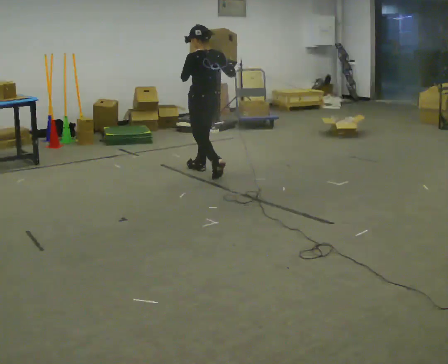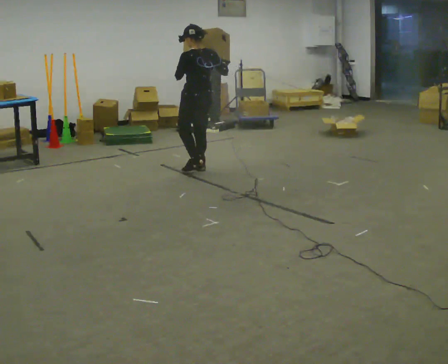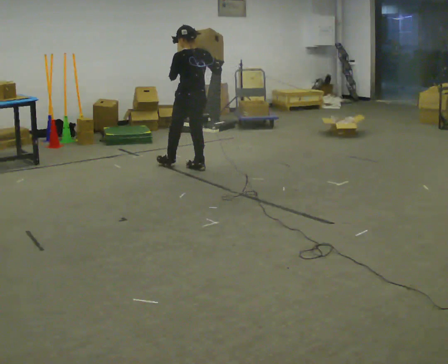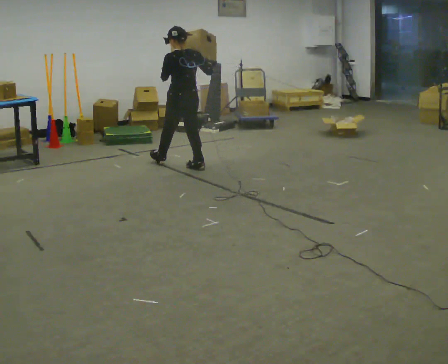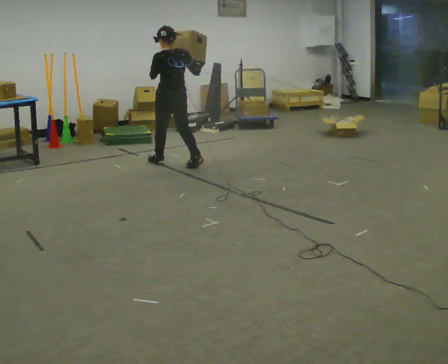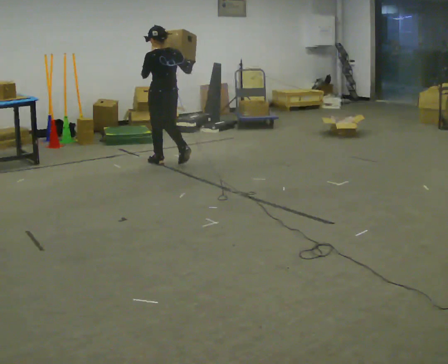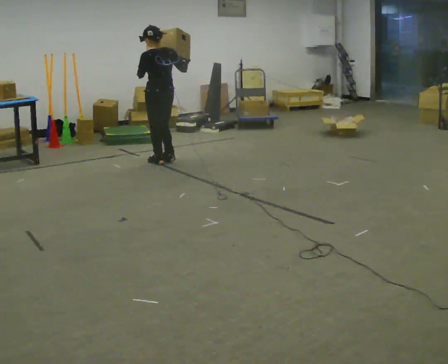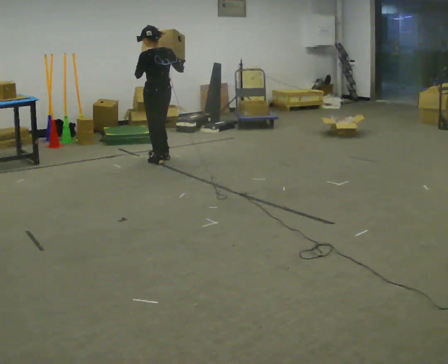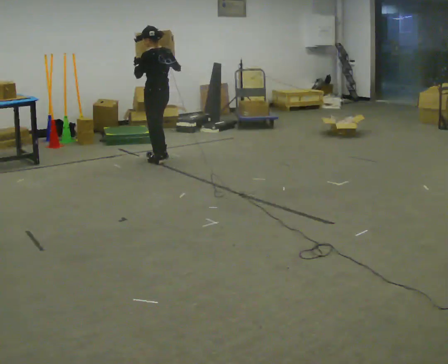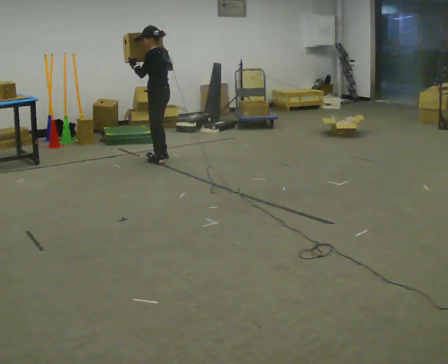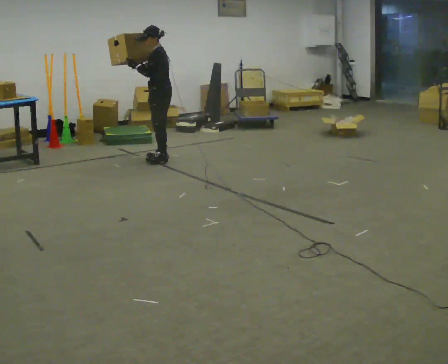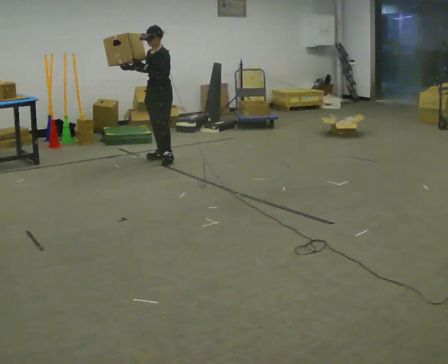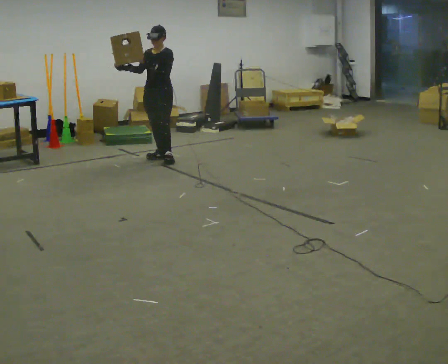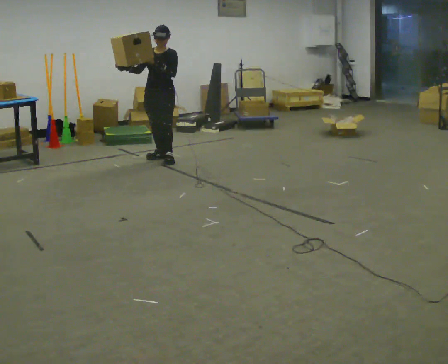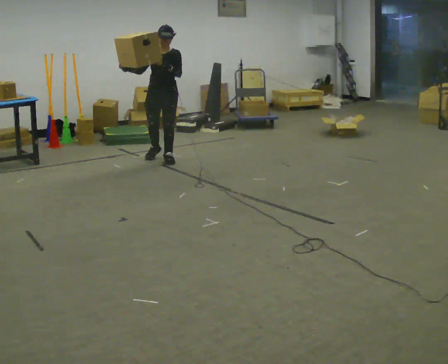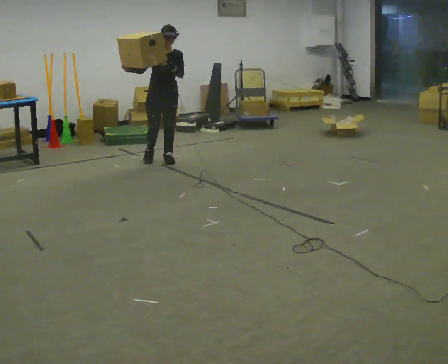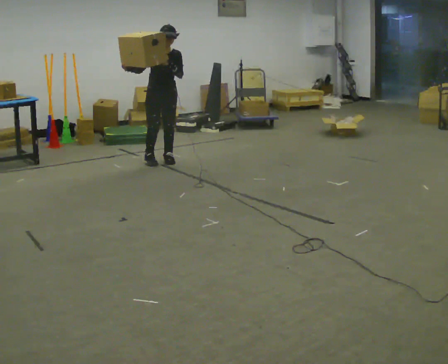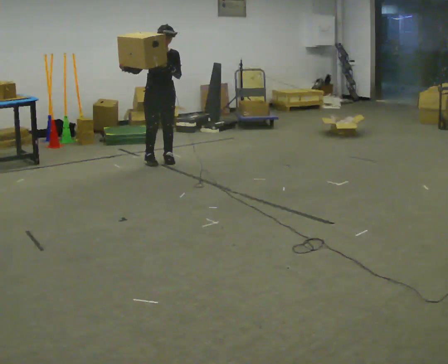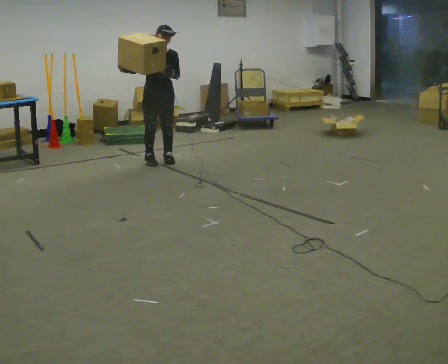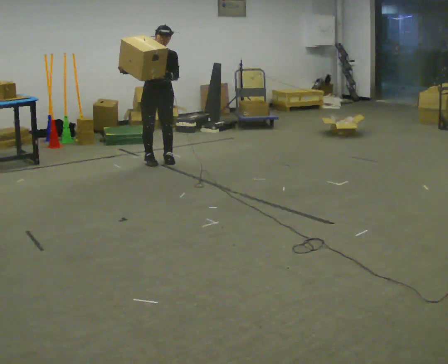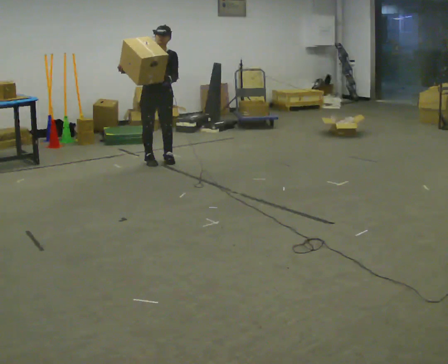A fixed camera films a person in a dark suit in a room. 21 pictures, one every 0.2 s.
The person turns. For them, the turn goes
to their left.
The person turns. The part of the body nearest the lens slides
to the right.
0.0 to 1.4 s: In the picture they go away from the camera and to the left, about 0.75 m in 1 step, which for them is forward.
1.4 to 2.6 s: Seen from above the body turns counterclockwise, about 135 degrees: to their left, with its near side sliding to the right. In the picture their right hand goes to the left.
2.6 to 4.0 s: The person moves a little, or ends about where they began.
The film runs forward here.
